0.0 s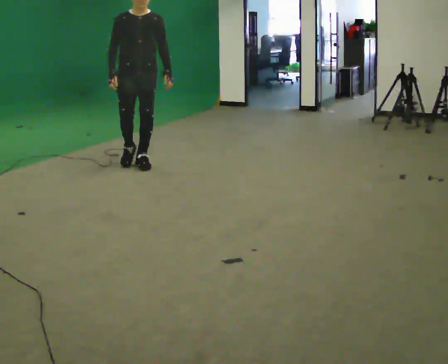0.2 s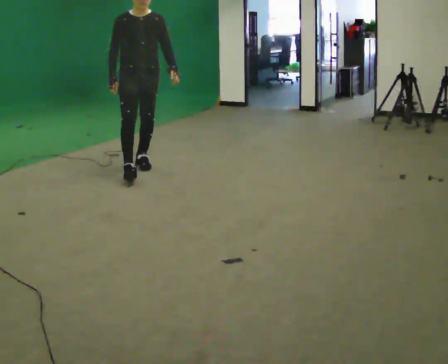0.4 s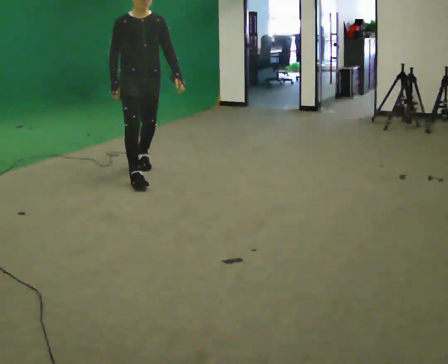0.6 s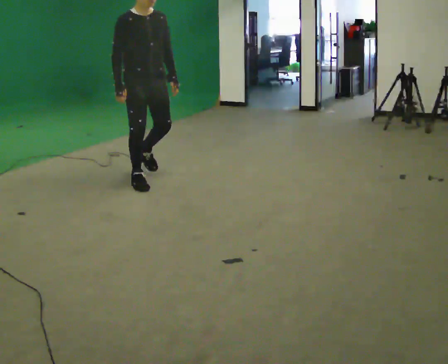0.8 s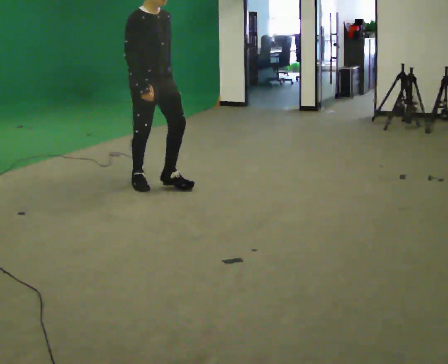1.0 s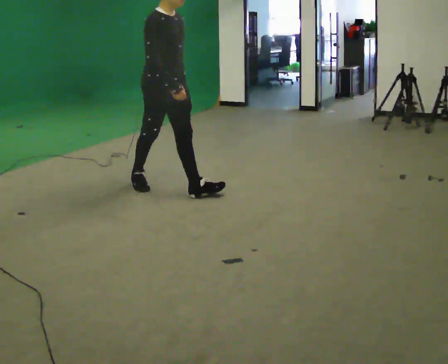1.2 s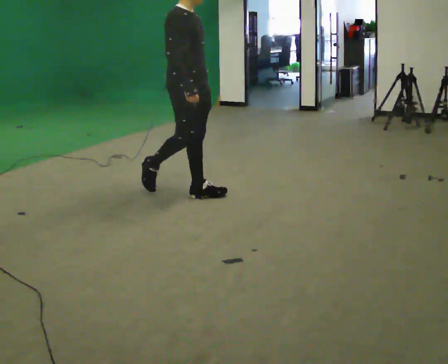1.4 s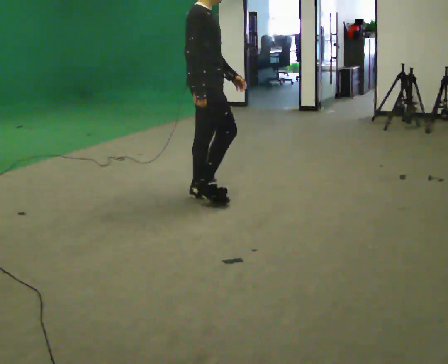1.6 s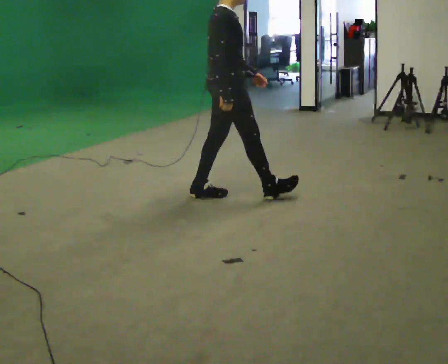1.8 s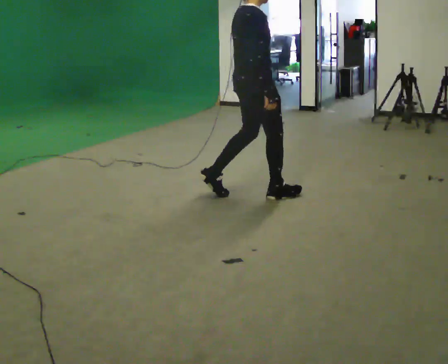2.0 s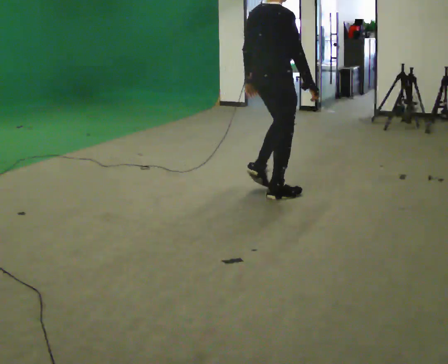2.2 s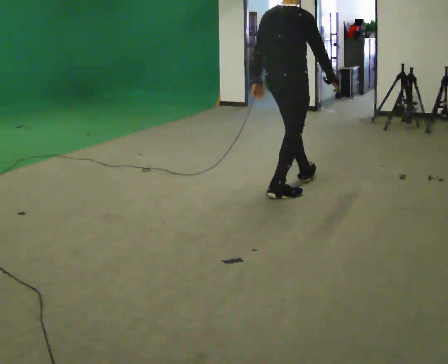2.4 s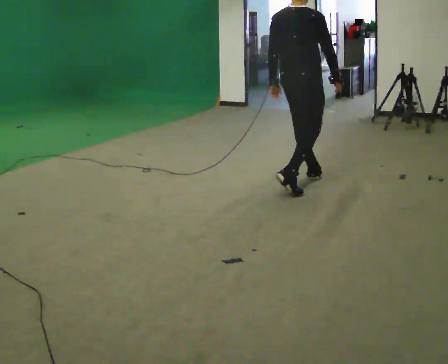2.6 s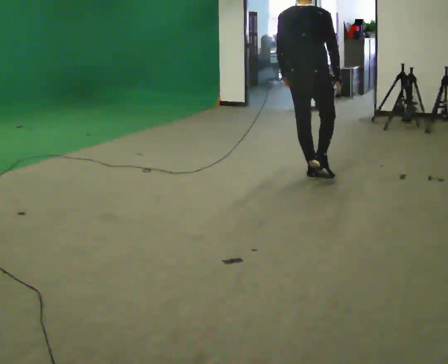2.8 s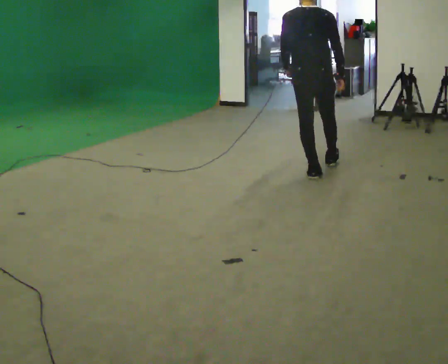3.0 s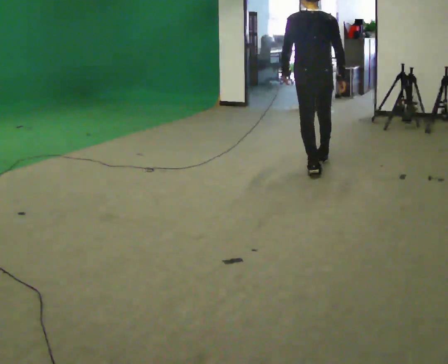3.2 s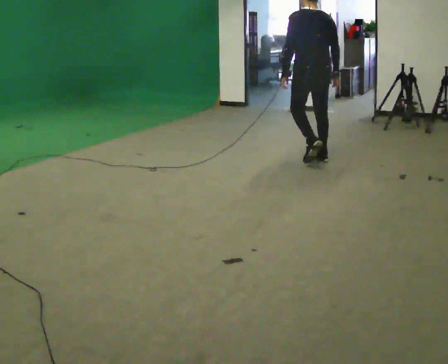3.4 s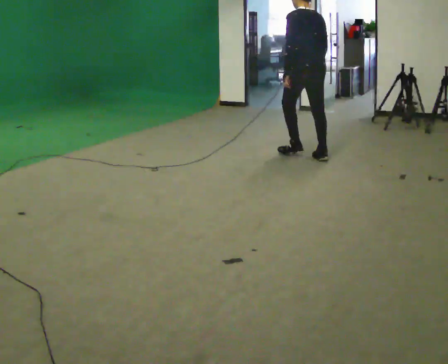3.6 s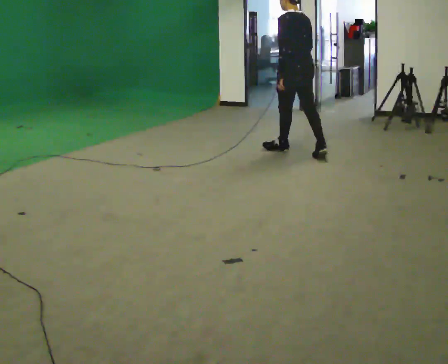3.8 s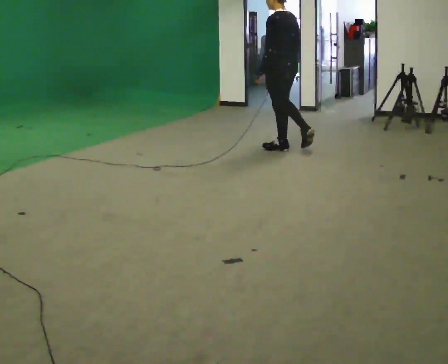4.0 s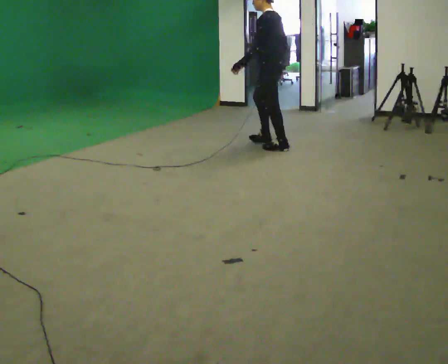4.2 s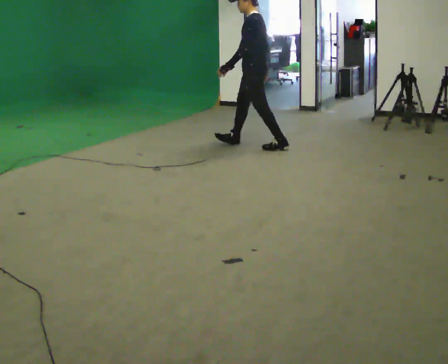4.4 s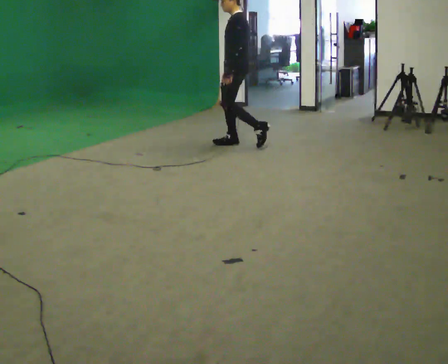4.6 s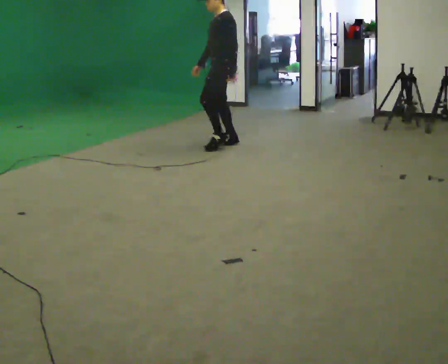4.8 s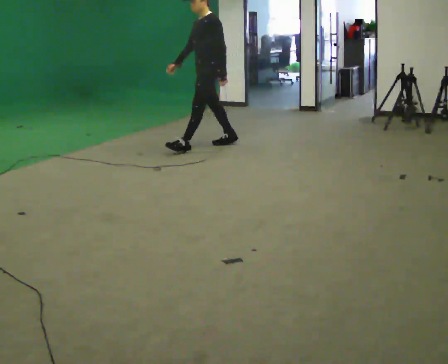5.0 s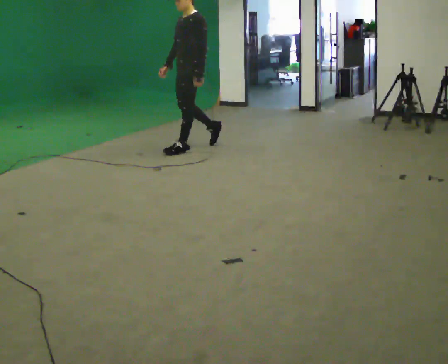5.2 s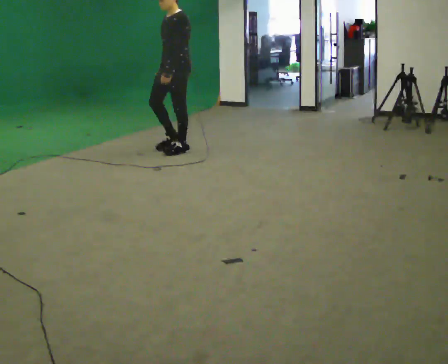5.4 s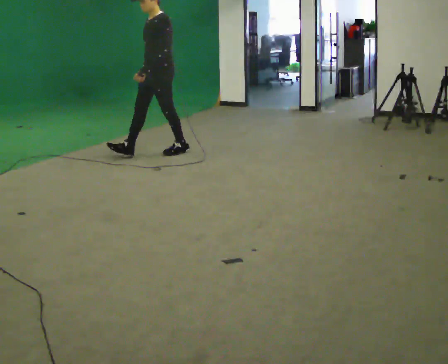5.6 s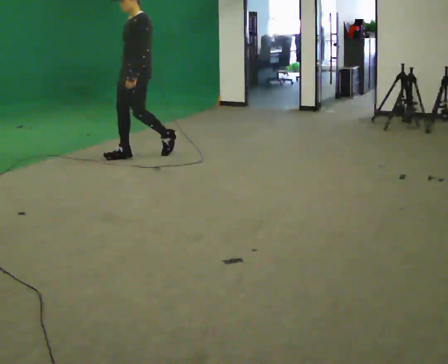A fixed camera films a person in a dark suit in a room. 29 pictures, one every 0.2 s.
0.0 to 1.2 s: The person turns about 60 degrees to their left, counterclockwise seen from above, so the part of the body nearest the lens slides to the right. In the picture they go to the right and toward the camera, about 1 m in 2 steps, which for them is forward.
1.2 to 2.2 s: The person turns about 60 degrees to their left, counterclockwise seen from above, so the part of the body nearest the lens slides to the right. In the picture they go to the right, about 1 m in 1 step.
2.2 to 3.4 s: Seen from above the body turns counterclockwise, about 75 degrees: to their left, with its near side sliding to the right. In the picture they go away from the camera, about 1 m in 2 steps.
3.4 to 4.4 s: Seen from above the body turns counterclockwise, about 60 degrees: to their left, with its near side sliding to the right. In the picture they go to the left and away from the camera, about 1 m in 2 steps.
4.4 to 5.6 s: The part of the body nearest the lens slides to the right as the person turns to their left by about 30 degrees. In the picture they go to the left and toward the camera, about 1 m in 2 steps, which for them is forward.
The film runs forward here.
